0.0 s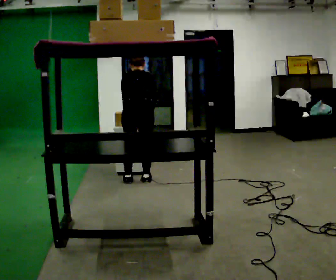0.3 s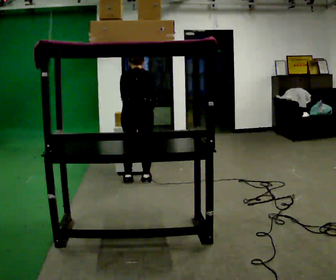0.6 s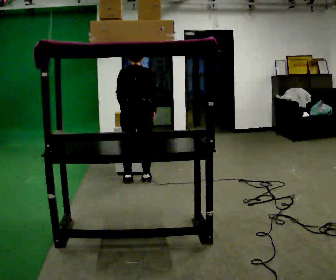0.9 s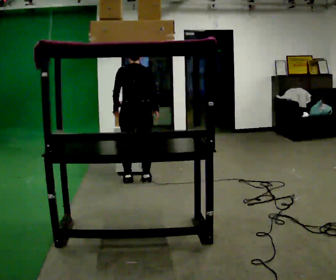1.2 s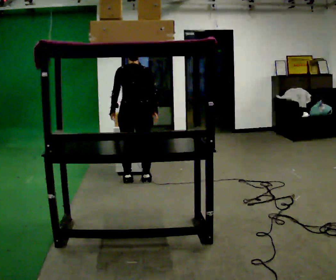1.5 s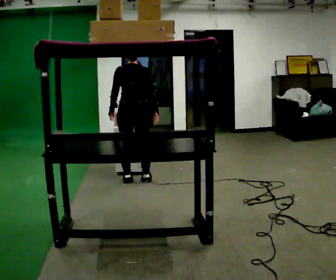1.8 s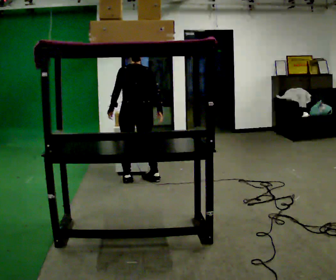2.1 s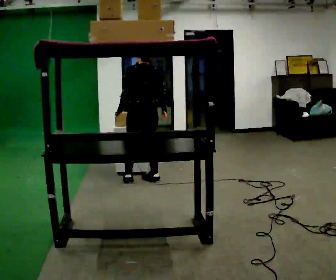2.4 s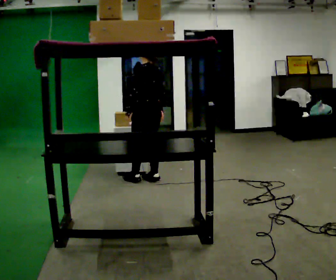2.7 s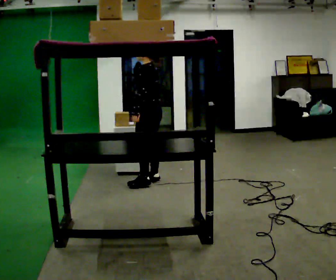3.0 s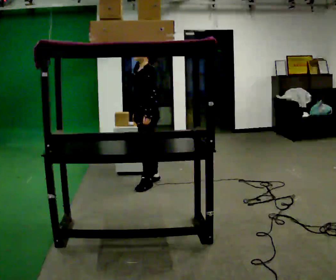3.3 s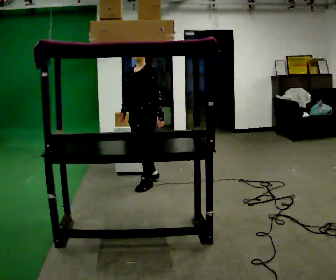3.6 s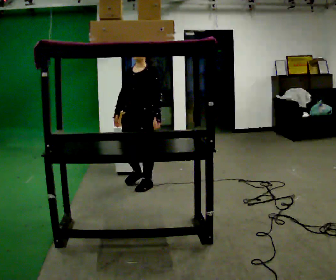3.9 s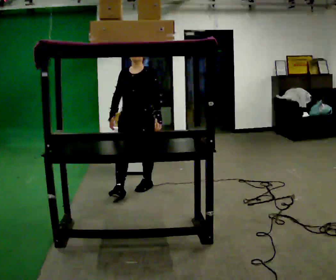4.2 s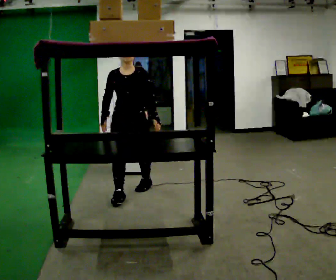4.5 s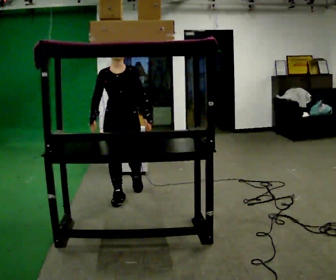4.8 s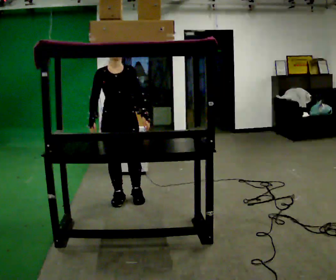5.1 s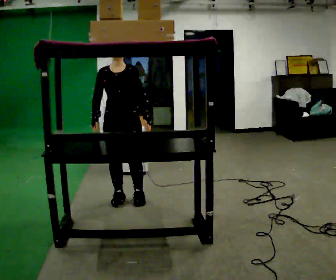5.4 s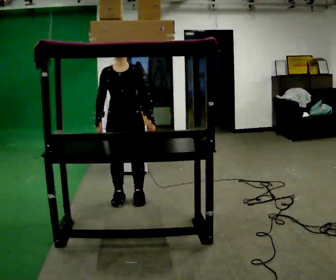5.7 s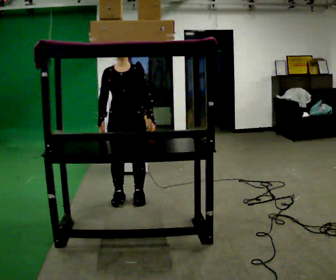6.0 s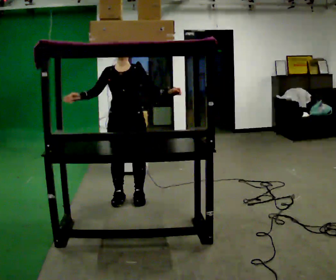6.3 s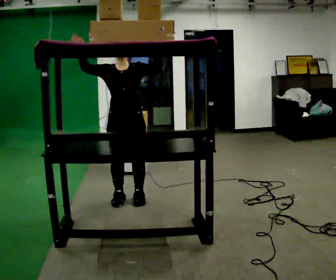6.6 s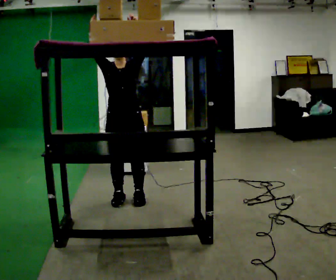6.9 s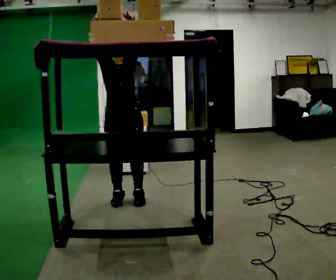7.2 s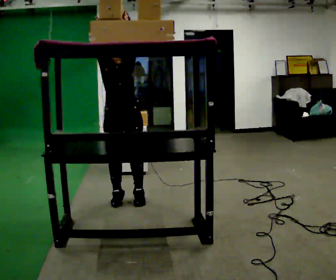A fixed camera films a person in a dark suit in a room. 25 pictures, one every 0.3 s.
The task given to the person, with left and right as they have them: Reach up into the bin on the top shelf, take out one object at a time, and carry it to the table. Keep going until the operator says stop; one object at a time, and do not rush between trips.
0.0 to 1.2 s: The upper body tips toward the camera, its near side rolling downward, as they lean back or straighten.
1.2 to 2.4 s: The part of the body nearest the lens slides to the right as the person turns to their left by about 45 degrees. In the picture they go to the right, about 0.25 m, which for them is to their right.
2.4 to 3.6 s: The person turns about 90 degrees to their left, counterclockwise seen from above, so the part of the body nearest the lens slides to the right. In the picture they go toward the camera, about 0.25 m in 1 step.
3.6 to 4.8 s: The part of the body nearest the lens slides to the right as the person turns to their left by about 45 degrees. In the picture they go toward the camera and to the left, about 0.5 m in 1 step, which for them is forward and to their right.
4.8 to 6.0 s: The person moves a little, or ends about where they began.
6.0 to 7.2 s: In the picture their right hand goes upward, the arm swinging clockwise.
The film runs forward here.
